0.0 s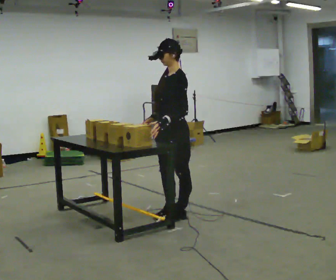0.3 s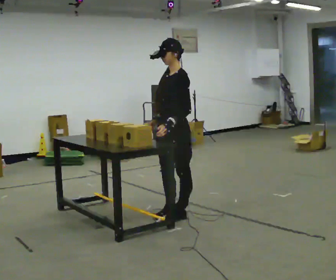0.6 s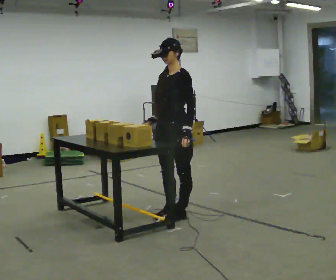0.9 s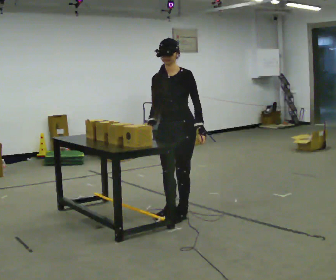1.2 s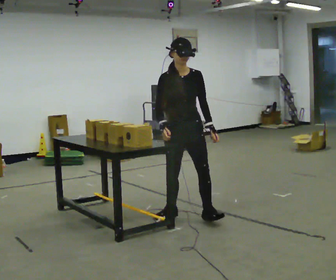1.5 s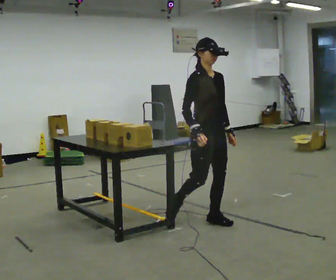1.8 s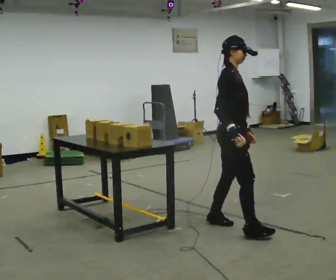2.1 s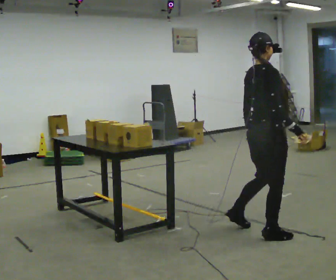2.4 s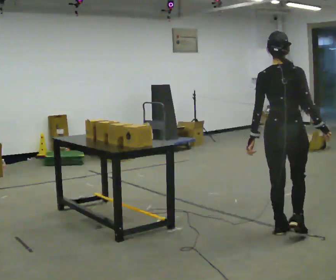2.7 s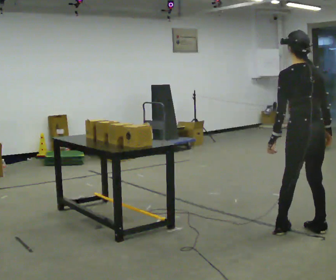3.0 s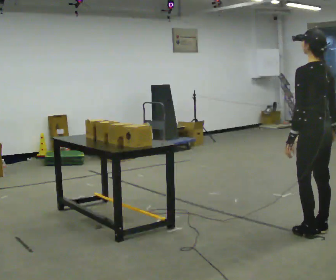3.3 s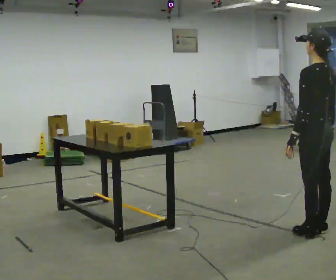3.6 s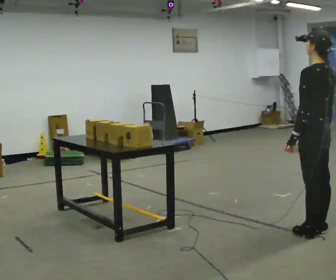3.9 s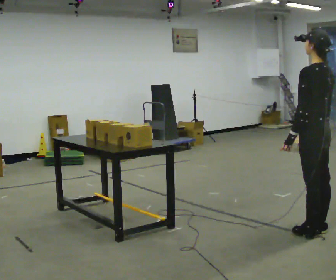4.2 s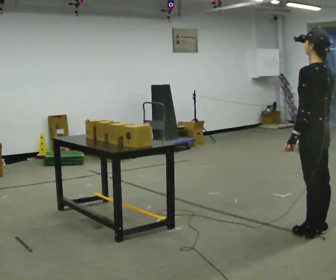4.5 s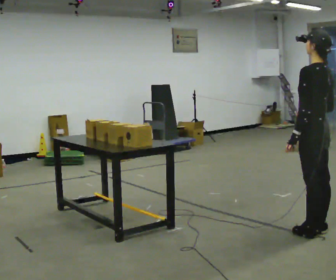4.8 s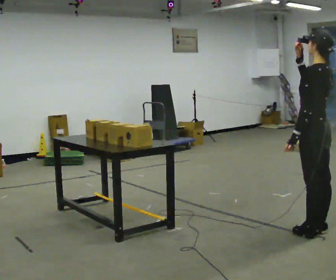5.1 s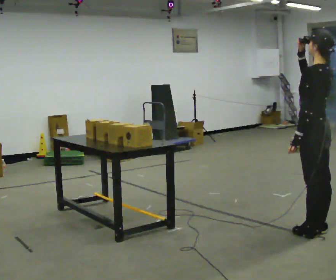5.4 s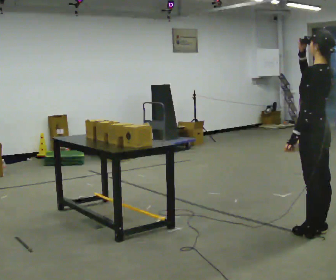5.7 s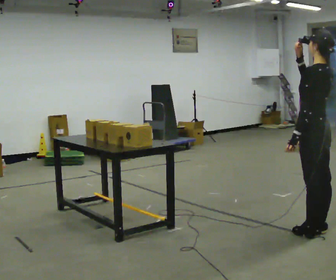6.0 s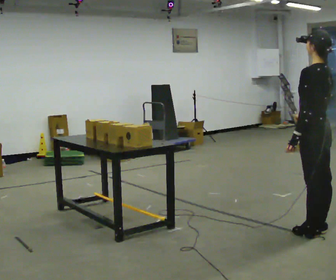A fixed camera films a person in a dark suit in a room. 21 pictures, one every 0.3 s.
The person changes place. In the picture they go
to the right.
The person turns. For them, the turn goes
to their left.
0.0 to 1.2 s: The part of the body nearest the lens slides to the right as the person turns to their left by about 90 degrees. In the picture their left hand goes to the right.
1.2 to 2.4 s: The person turns about 150 degrees to their left, counterclockwise seen from above, so the part of the body nearest the lens slides to the right. In the picture they go to the right and toward the camera, about 1 m in 3 steps.
2.4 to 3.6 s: The person turns about 60 degrees to their left, counterclockwise seen from above, so the part of the body nearest the lens slides to the right. In the picture they go to the right, about 0.25 m in 2 steps.
3.6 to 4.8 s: In the picture their right hand goes upward.
4.8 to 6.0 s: In the picture their right hand goes downward.
The film runs forward here.
